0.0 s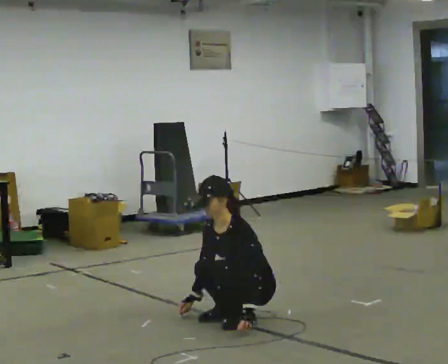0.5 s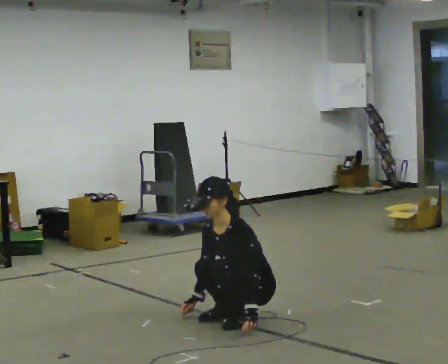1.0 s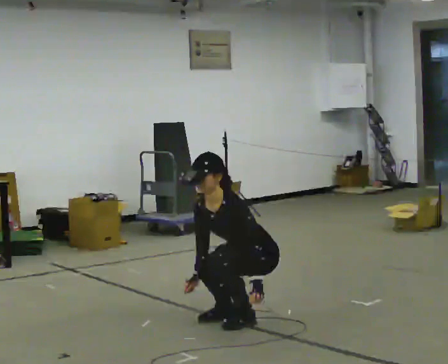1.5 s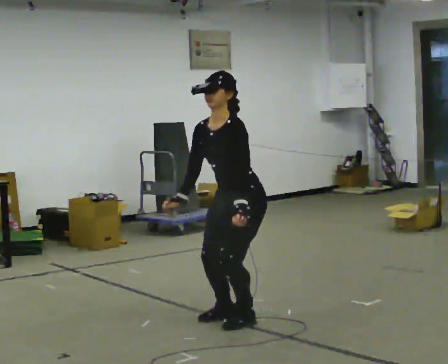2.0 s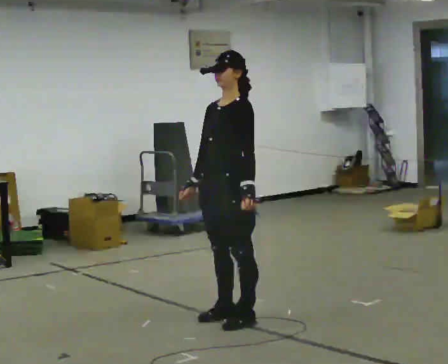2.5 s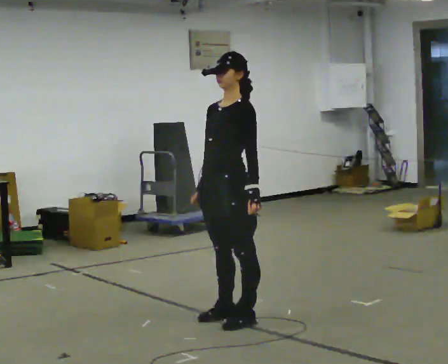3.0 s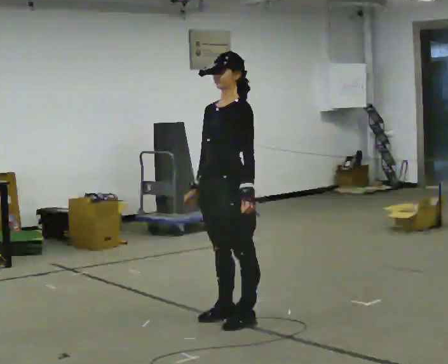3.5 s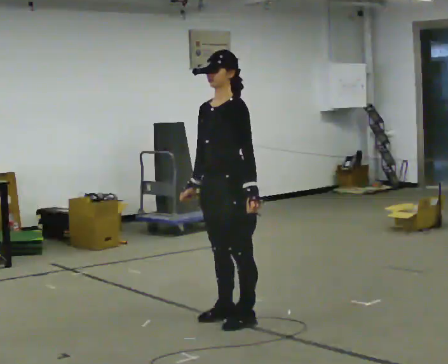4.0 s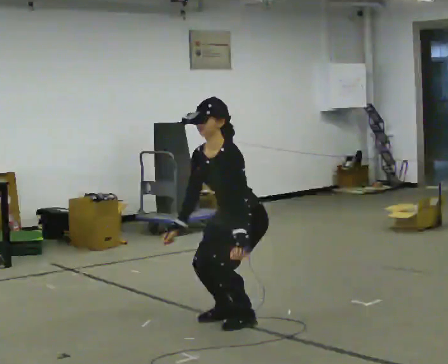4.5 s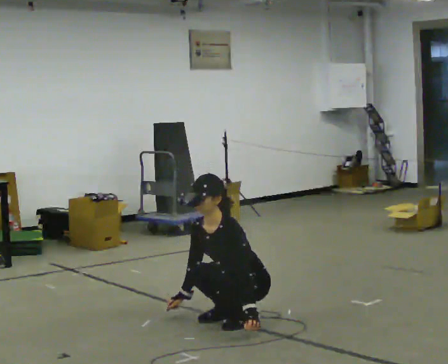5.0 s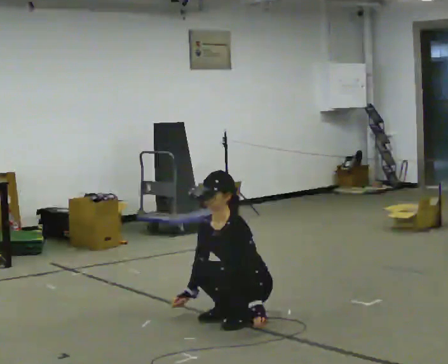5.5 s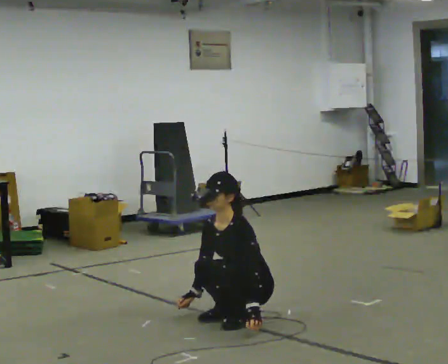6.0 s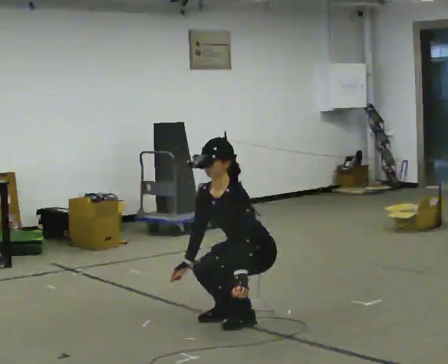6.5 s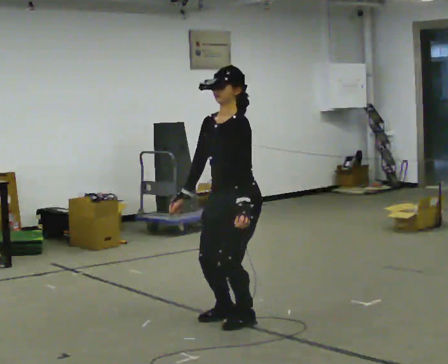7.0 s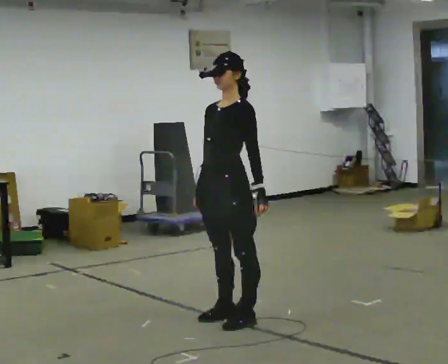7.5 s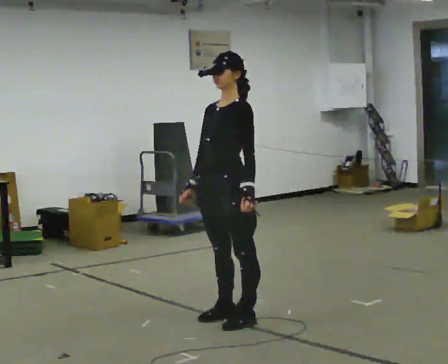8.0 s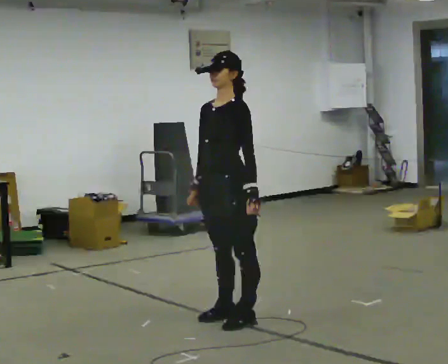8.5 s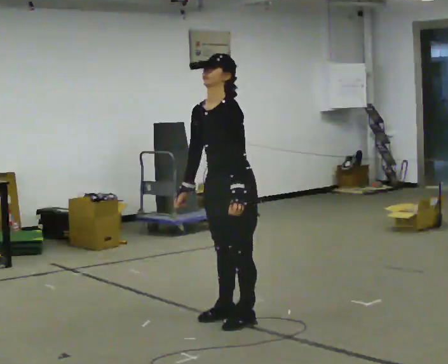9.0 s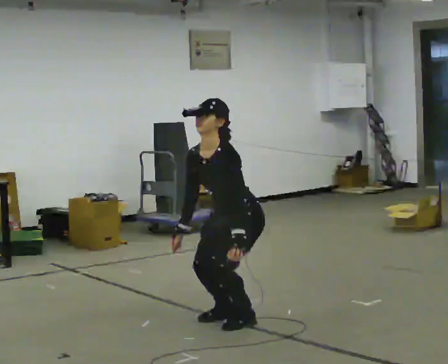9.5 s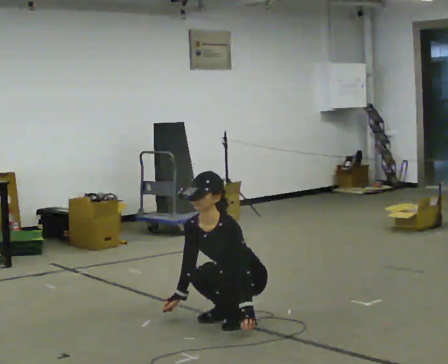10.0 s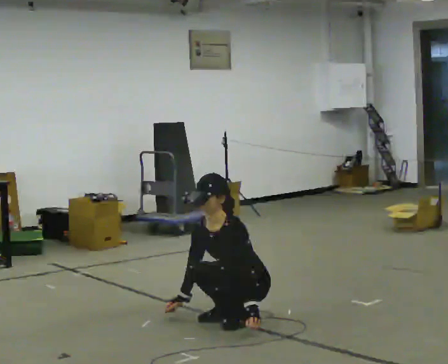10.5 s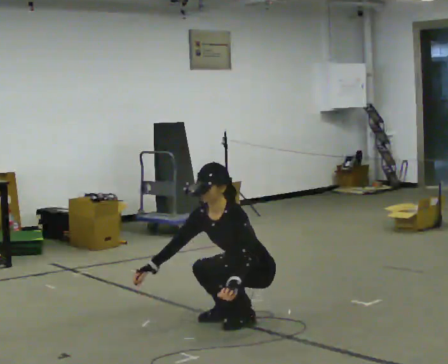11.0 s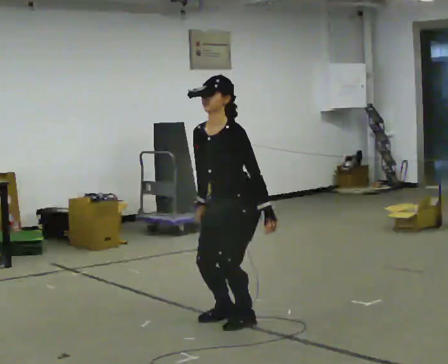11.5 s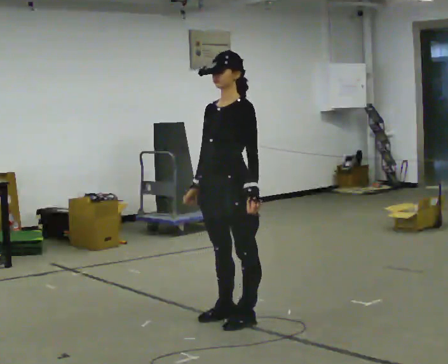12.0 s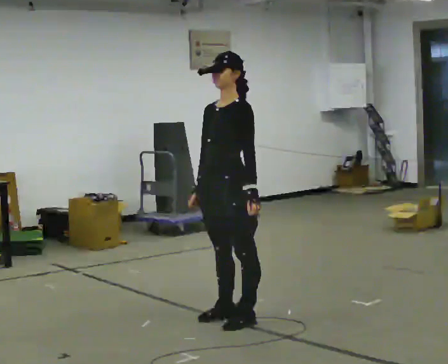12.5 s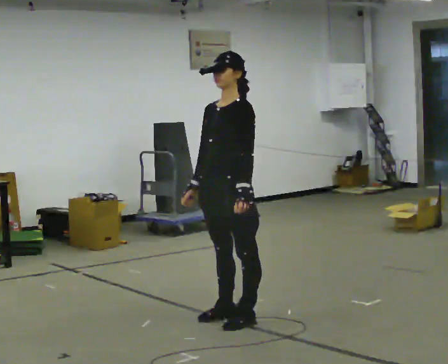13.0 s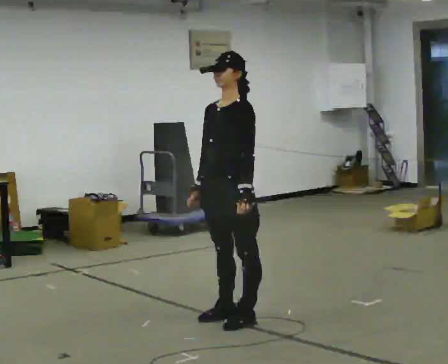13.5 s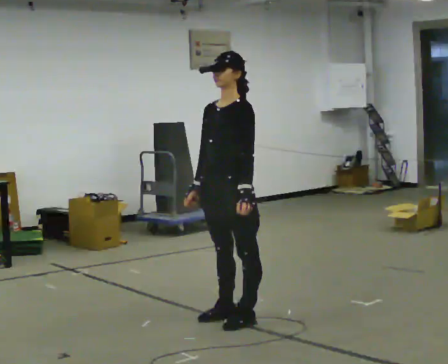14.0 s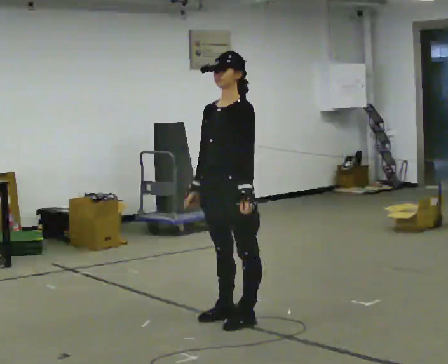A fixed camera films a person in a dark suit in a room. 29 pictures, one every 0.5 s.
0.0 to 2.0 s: In the picture they go to the left, about 0.25 m, which for them is forward. The shoulders move upward. In the picture their left hand goes upward.
2.0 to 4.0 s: The shoulders move downward. In the picture the upper body tilts counterclockwise, shoulders to the left, as they bend forward.
4.0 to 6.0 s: The person moves a little, or ends about where they began.
6.0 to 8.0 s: In the picture they go to the left, about 0.25 m, which for them is forward. The upper body goes upward. In the picture the upper body tilts clockwise, shoulders to the right, as they lean back or straighten. In the picture their left hand goes upward.
8.0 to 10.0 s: The upper body goes downward. In the picture the upper body tilts counterclockwise, shoulders to the left. In the picture their right hand goes downward.
10.0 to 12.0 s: In the picture they go toward the camera, about 0.25 m, which for them is forward. The shoulders move upward. In the picture the upper body tilts clockwise, shoulders to the right, as they lean back or straighten. In the picture their left hand goes upward.
12.0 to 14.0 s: The person moves a little, or ends about where they began.
The film runs forward here.
